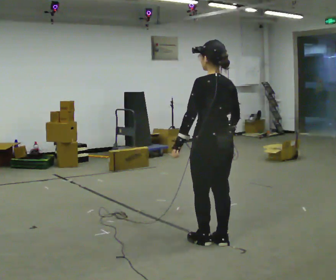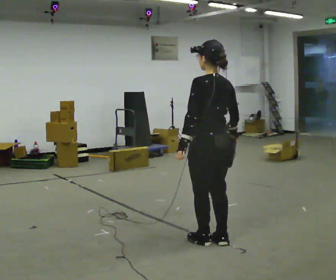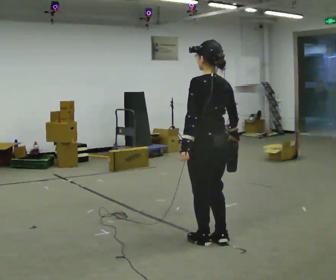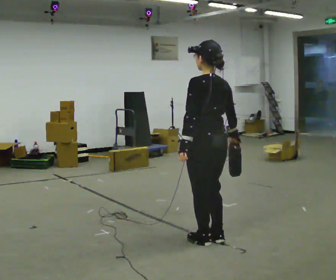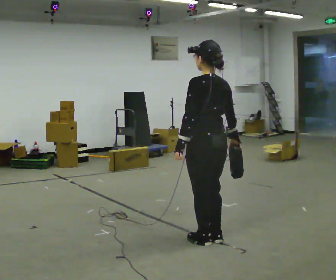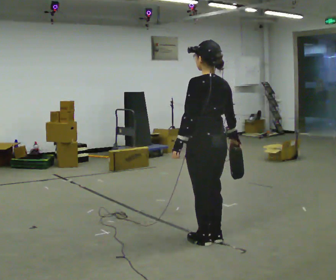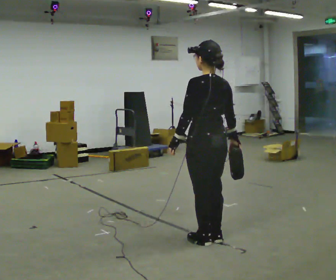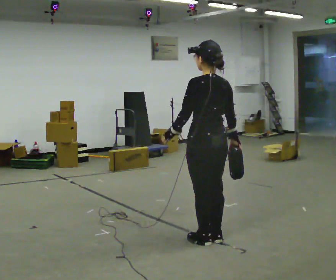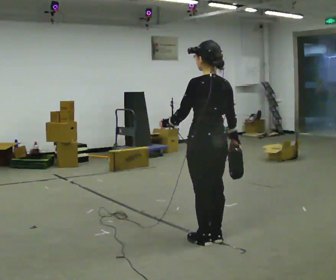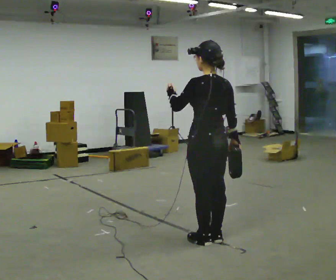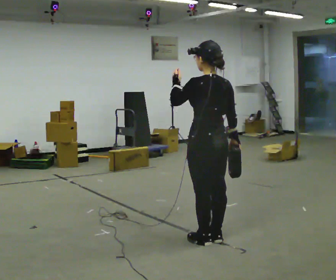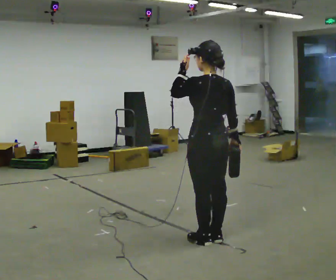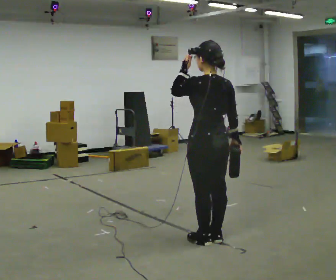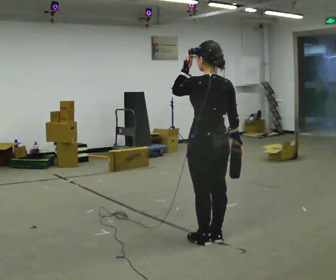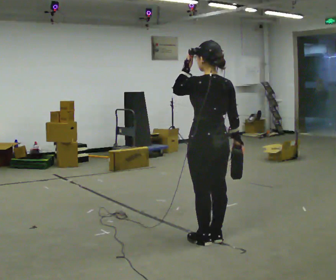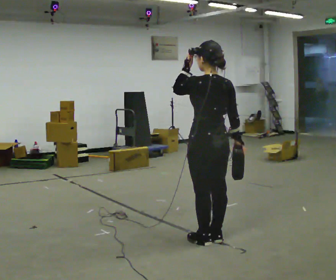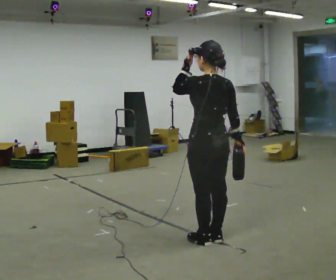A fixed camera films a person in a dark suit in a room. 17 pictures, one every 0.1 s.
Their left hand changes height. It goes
upward.
0.0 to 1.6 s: In the picture their left hand goes upward.
The film runs forward here.
